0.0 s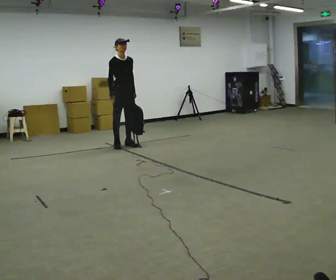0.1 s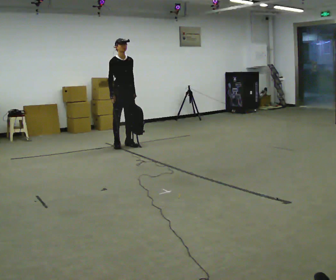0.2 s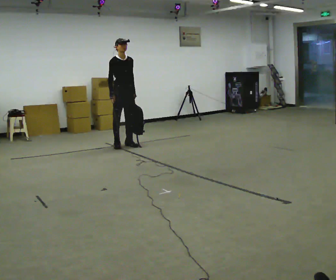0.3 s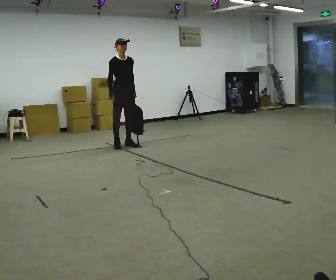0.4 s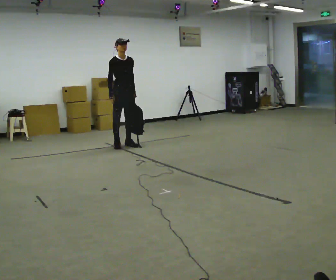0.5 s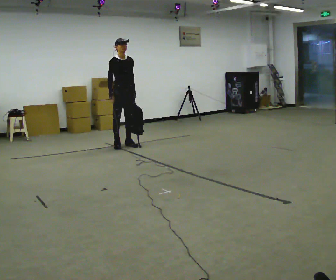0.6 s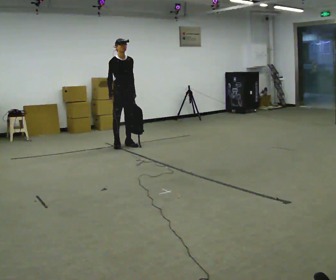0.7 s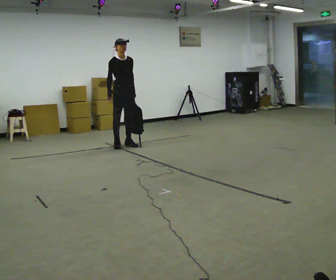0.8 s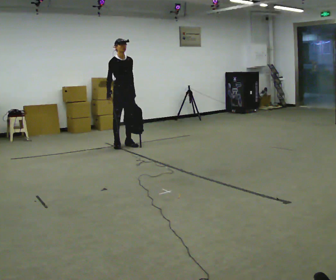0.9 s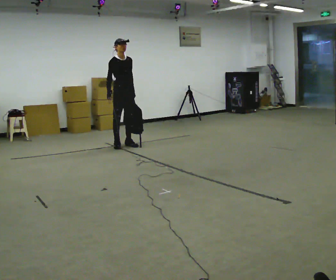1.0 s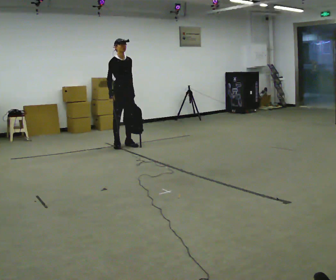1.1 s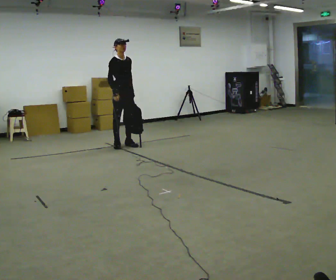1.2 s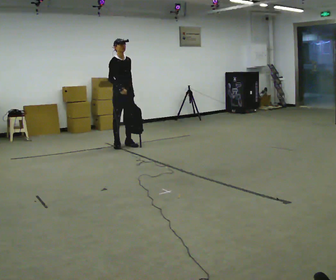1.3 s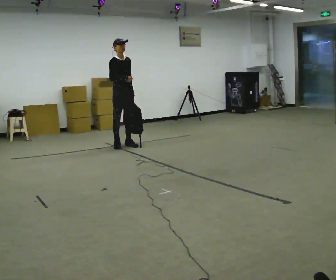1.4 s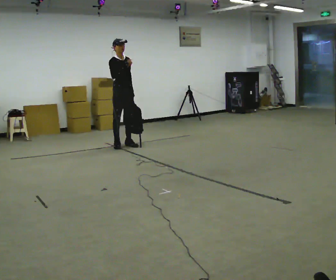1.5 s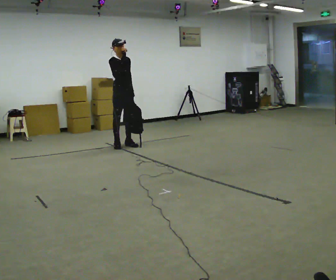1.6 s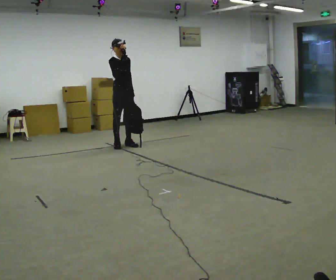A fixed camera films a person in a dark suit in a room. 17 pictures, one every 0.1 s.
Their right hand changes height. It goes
upward.
0.0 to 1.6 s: In the picture their right hand goes upward.
The film runs backward here.
